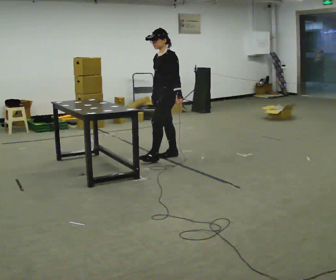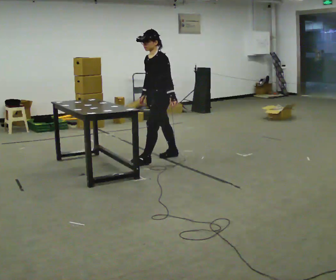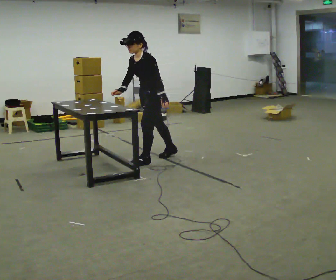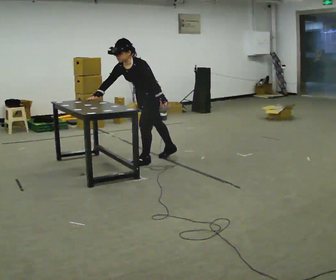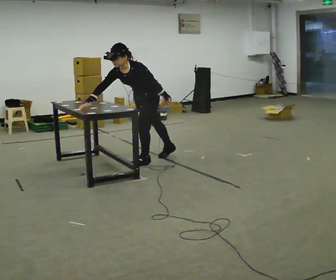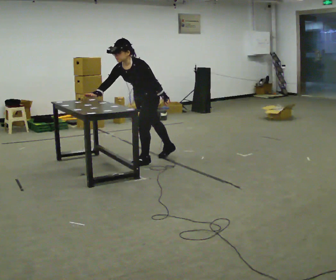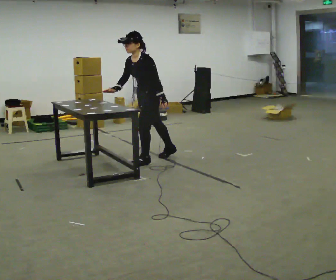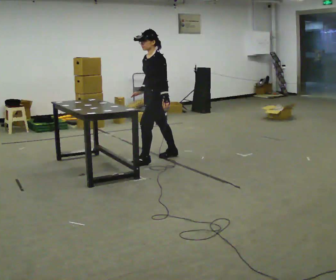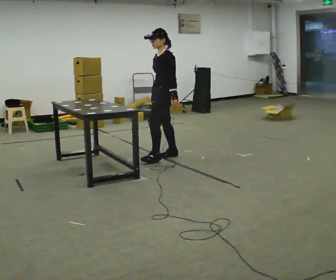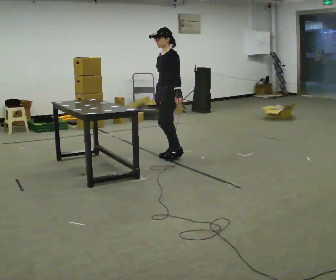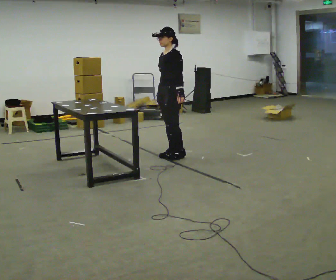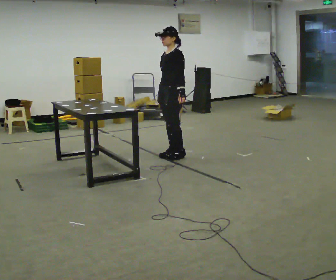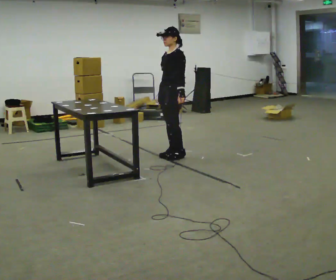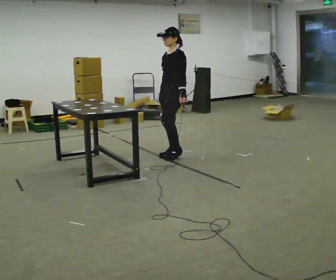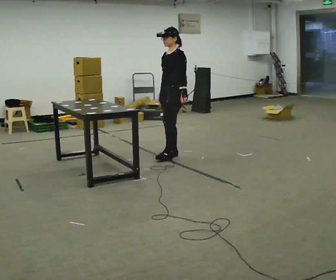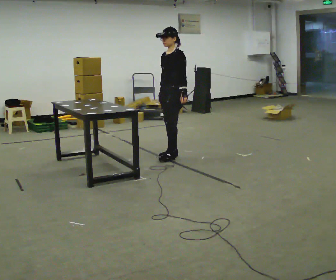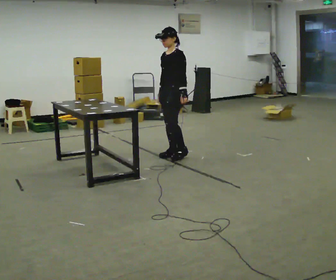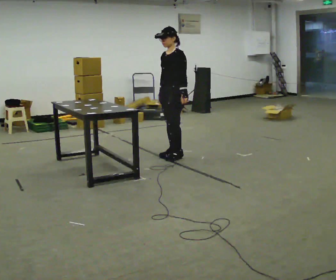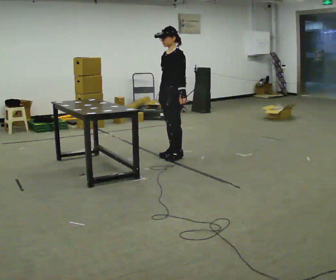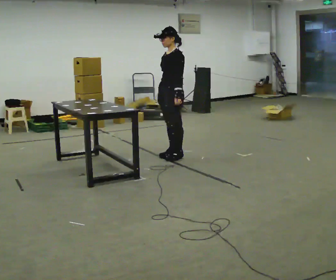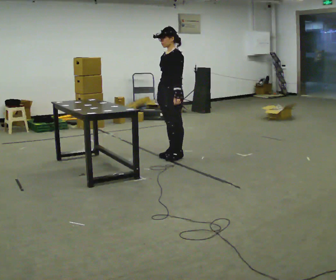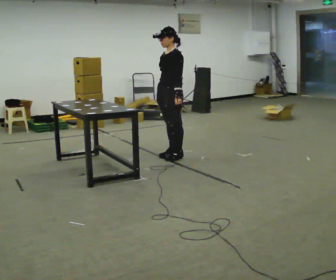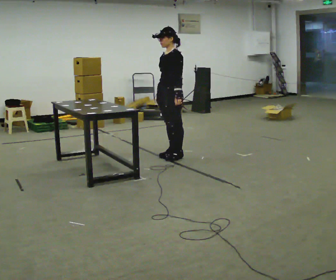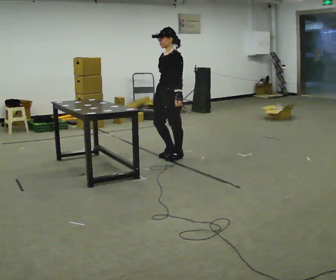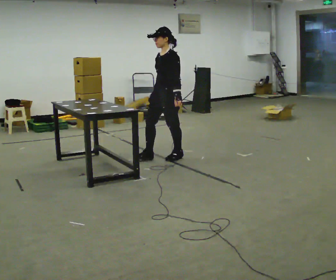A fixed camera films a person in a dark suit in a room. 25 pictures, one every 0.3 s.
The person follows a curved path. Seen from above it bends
counterclockwise.
0.0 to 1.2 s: In the picture they go toward the camera and to the left, about 0.25 m in 1 step, which for them is forward. The upper body tips toward the camera, its near side rolling downward, as they bend forward.
1.2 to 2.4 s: In the picture they go away from the camera and to the right, about 0.25 m, which for them is backward. The upper body tips away from the camera, its near side rolling upward, as they lean back or straighten.
2.4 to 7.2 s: The person moves a little, or ends about where they began.
The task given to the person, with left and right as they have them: Touch each numbered target on the board in front of you in the order the operator calls. Keep both feet on the marked spots for the whole take. If you have to step, stop and tell the operator.
The film runs forward here.
